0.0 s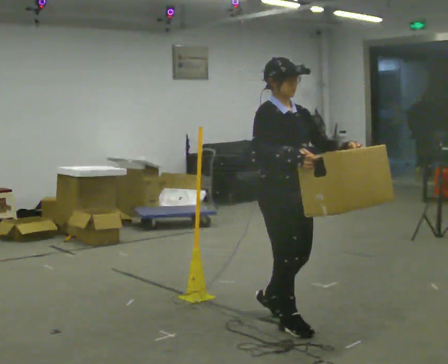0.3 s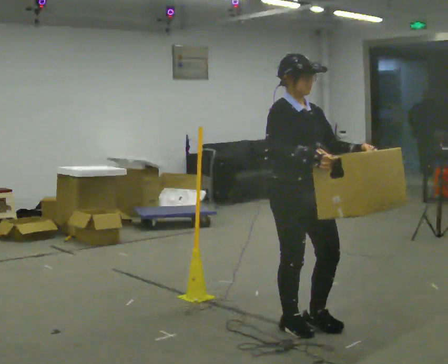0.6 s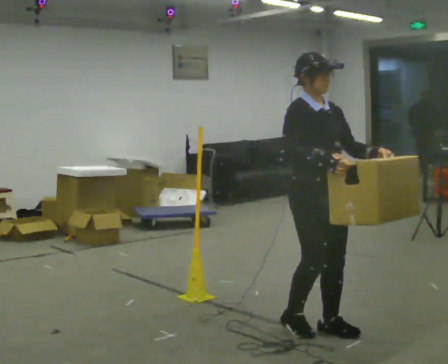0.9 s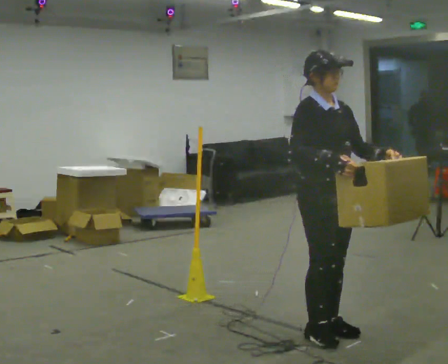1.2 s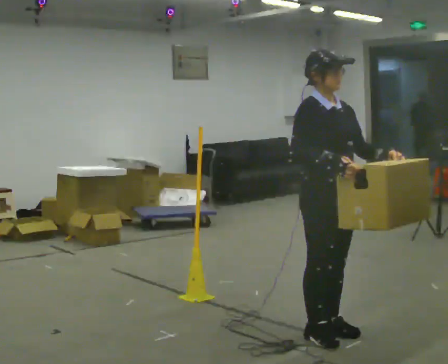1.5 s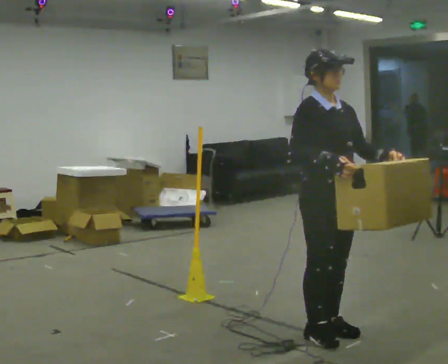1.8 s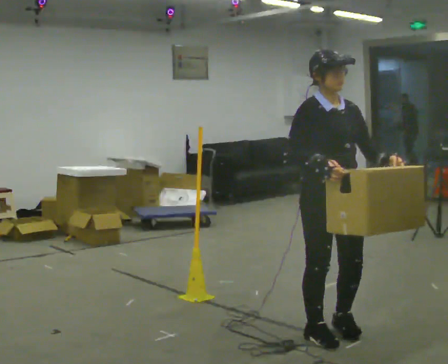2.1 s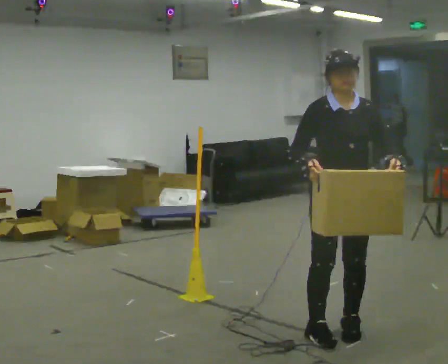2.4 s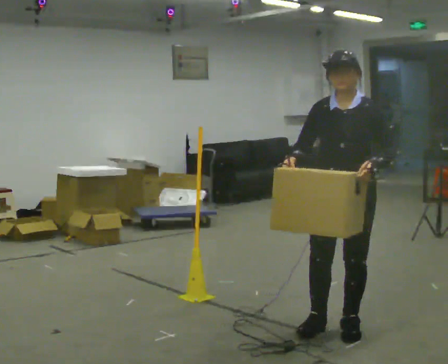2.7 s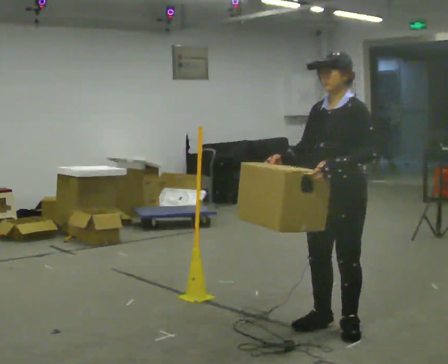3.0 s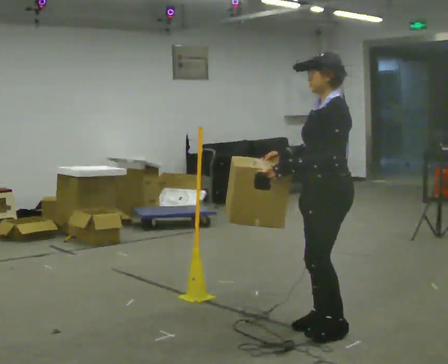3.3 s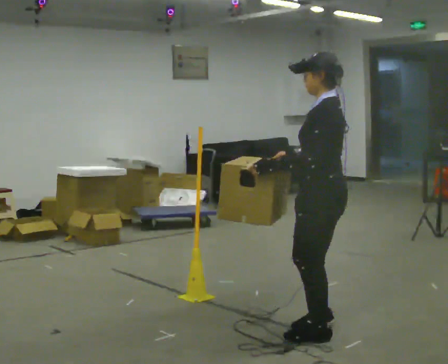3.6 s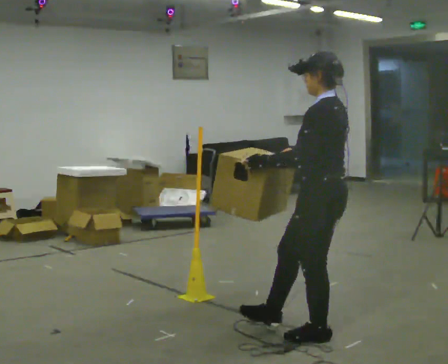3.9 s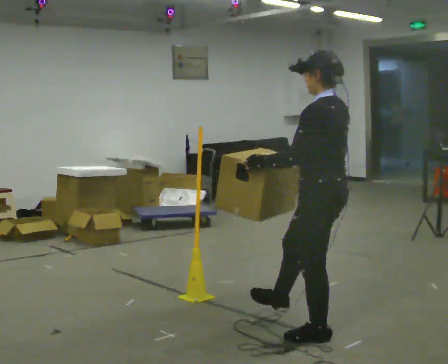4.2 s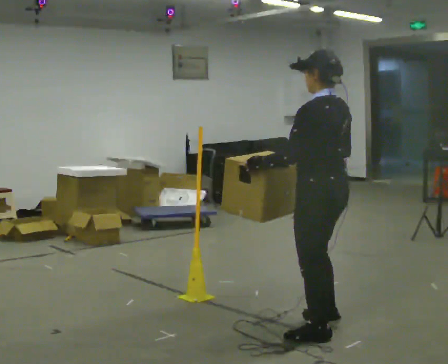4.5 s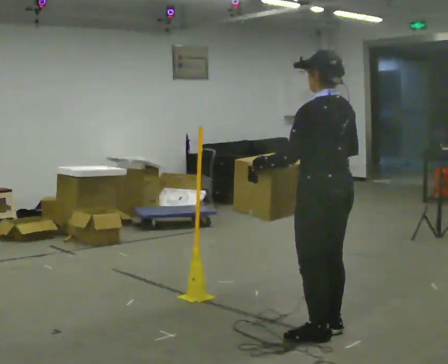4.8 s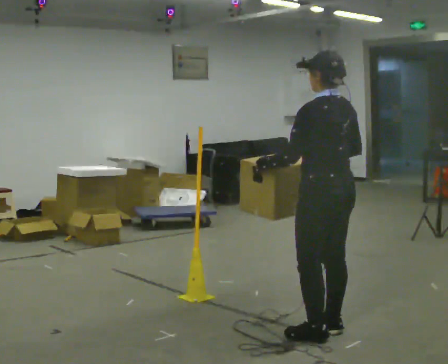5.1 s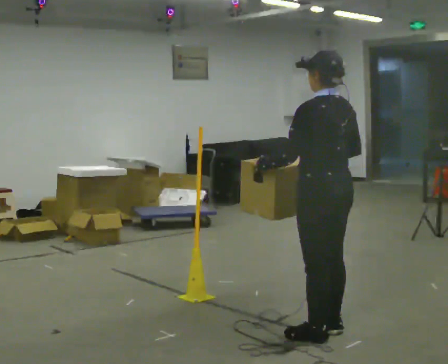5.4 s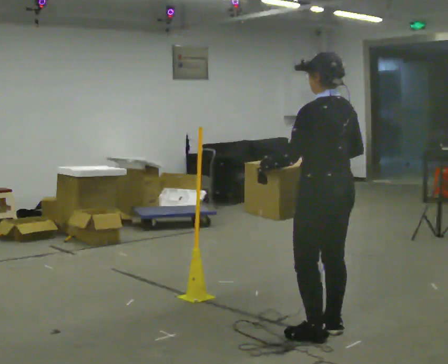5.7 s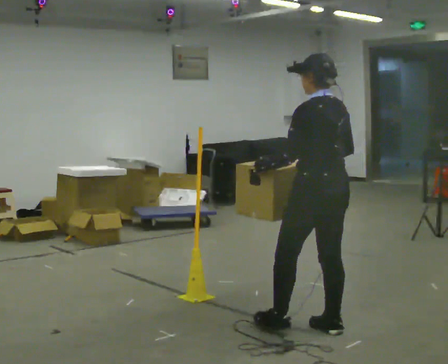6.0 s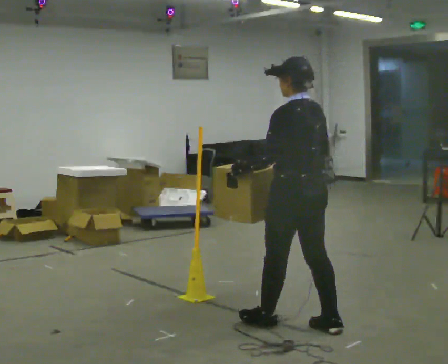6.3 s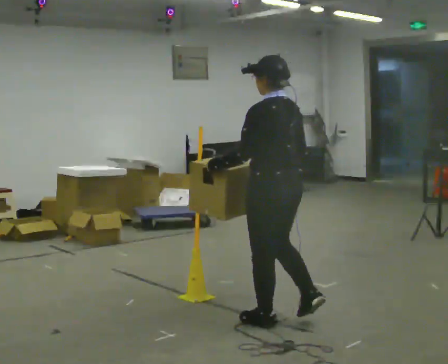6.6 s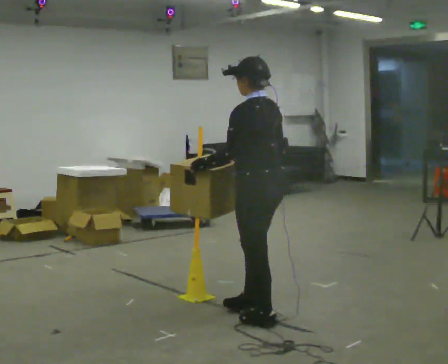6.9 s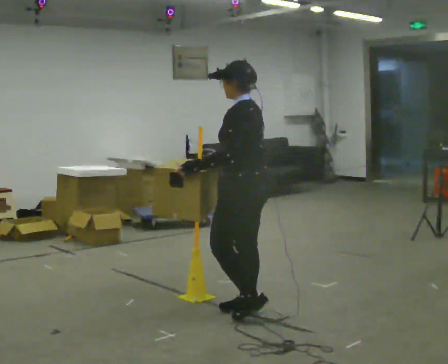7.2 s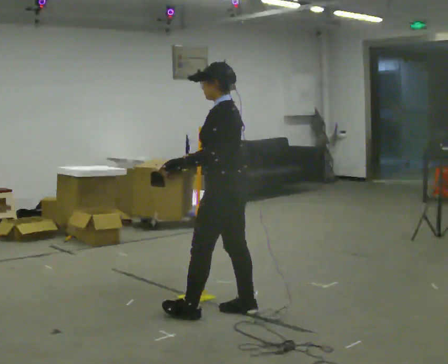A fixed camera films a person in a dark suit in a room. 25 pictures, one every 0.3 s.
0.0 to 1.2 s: In the picture they go to the right and toward the camera, about 0.25 m in 2 steps, which for them is forward.
1.2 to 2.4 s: The person turns about 75 degrees to their right, clockwise seen from above, so the part of the body nearest the lens slides to the left.
2.4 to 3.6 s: The part of the body nearest the lens slides to the left as the person turns to their right by about 75 degrees. In the picture their left hand goes to the left.
3.6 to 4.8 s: Seen from above the body turns clockwise, about 30 degrees: to their right, with its near side sliding to the left.
4.8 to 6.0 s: In the picture they go to the left, about 0.25 m in 1 step, which for them is forward.
6.0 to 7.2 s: Seen from above the body turns counterclockwise, about 30 degrees: to their left, with its near side sliding to the right. In the picture they go to the left and away from the camera, about 0.5 m in 1 step, which for them is forward.
The film runs forward here.
